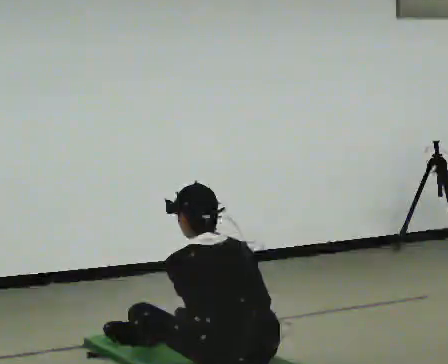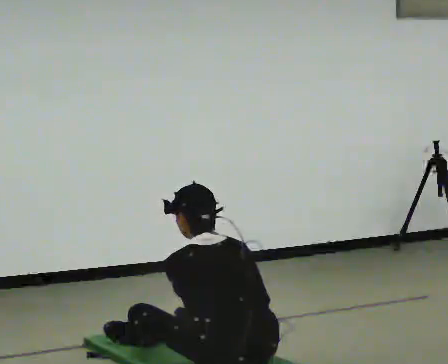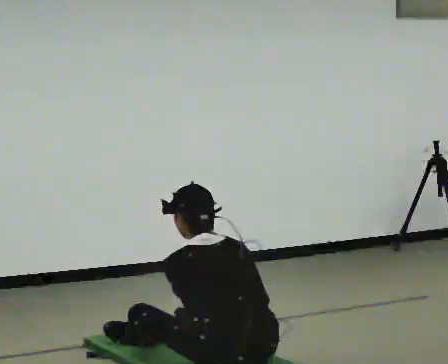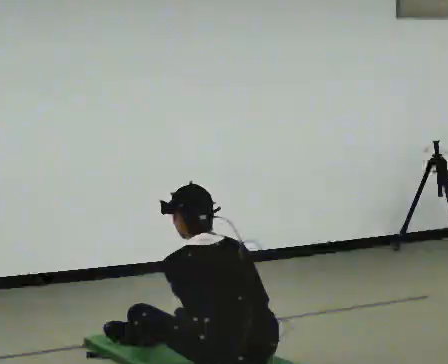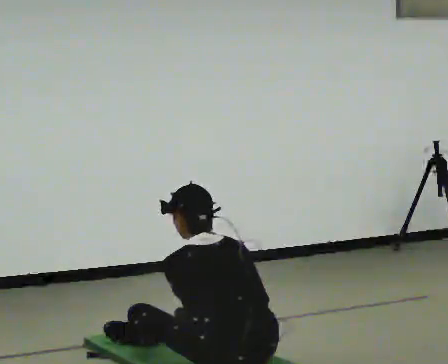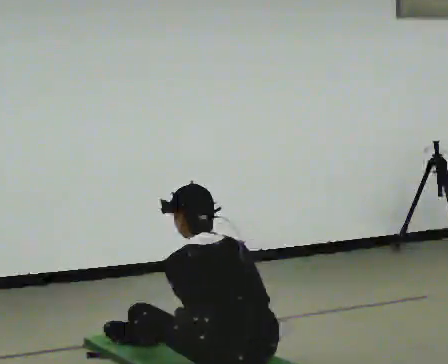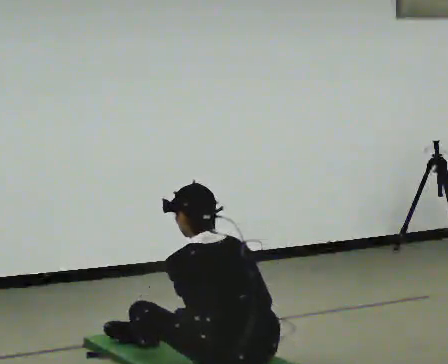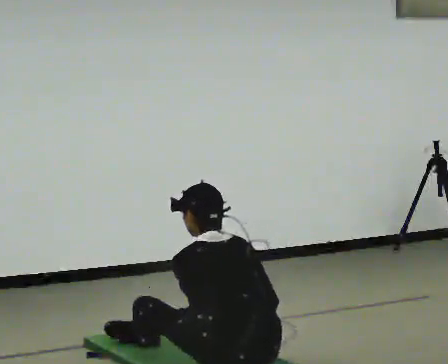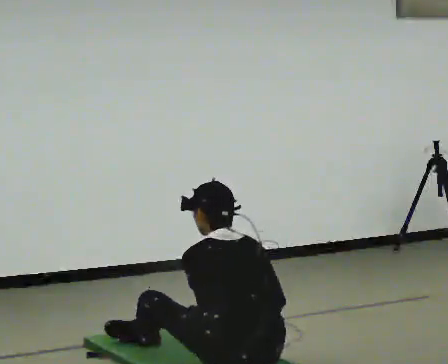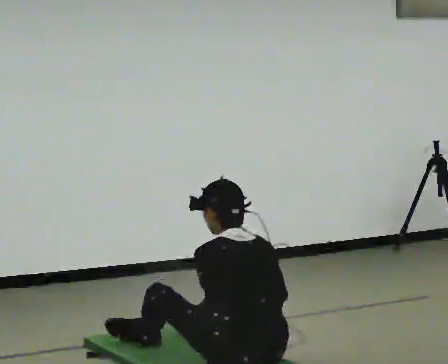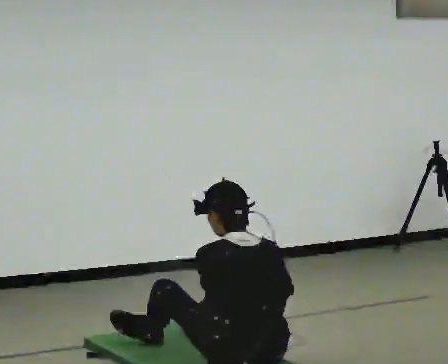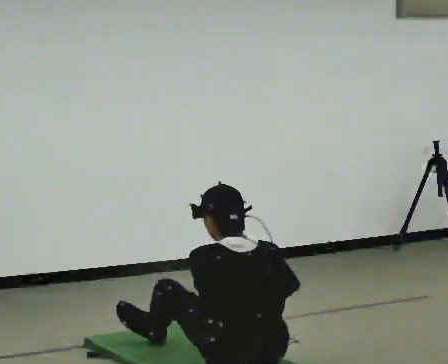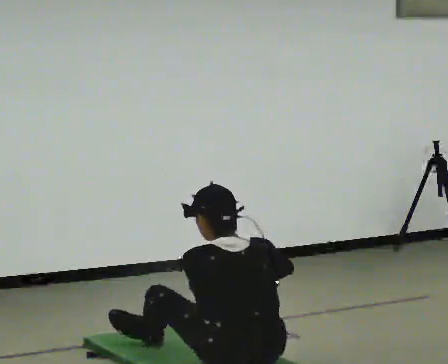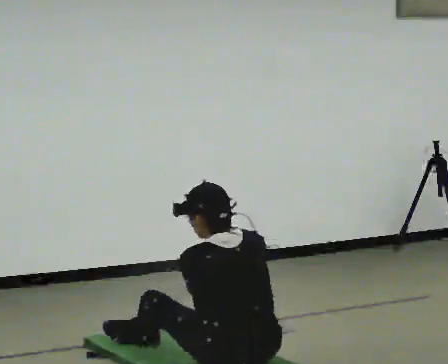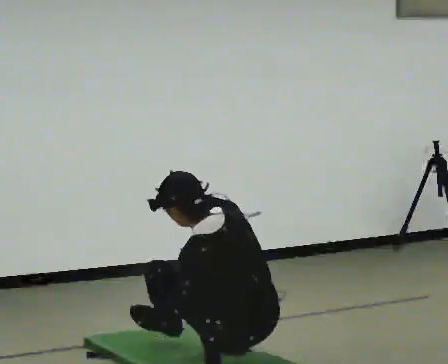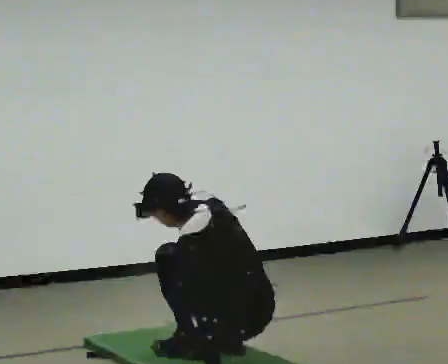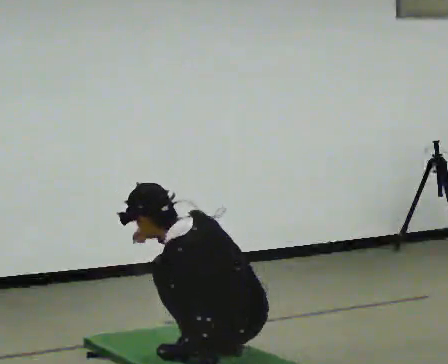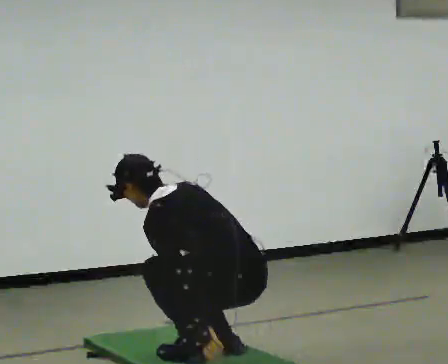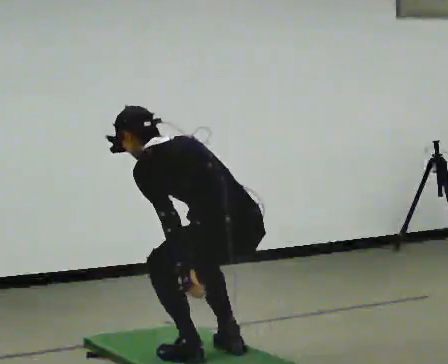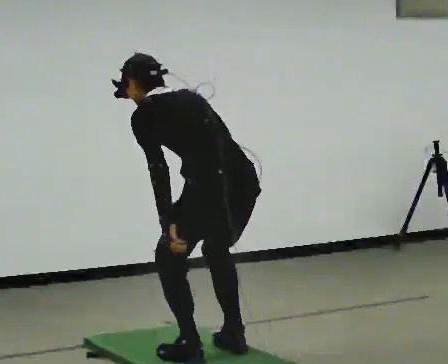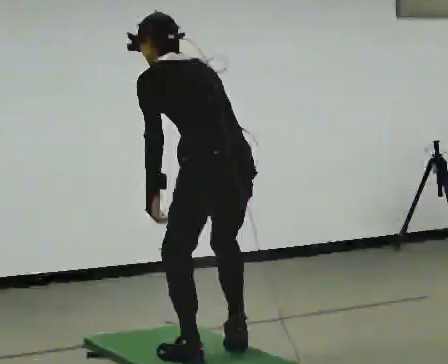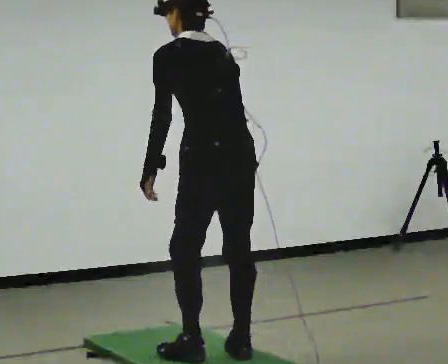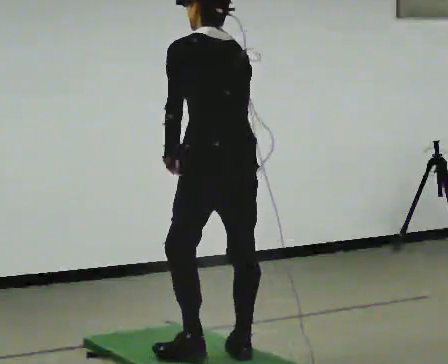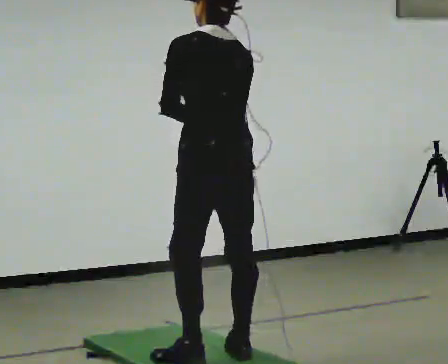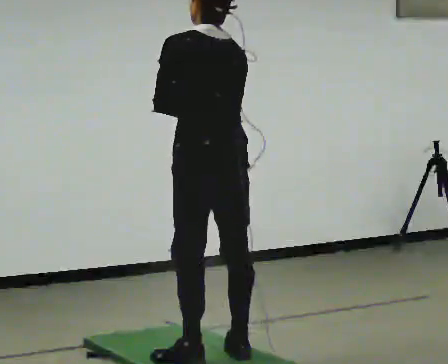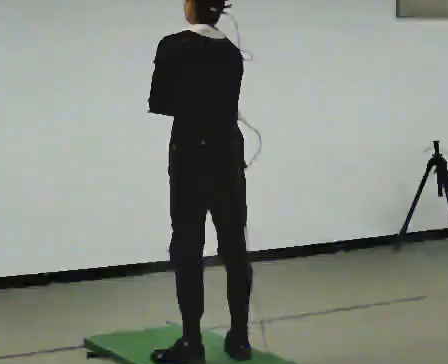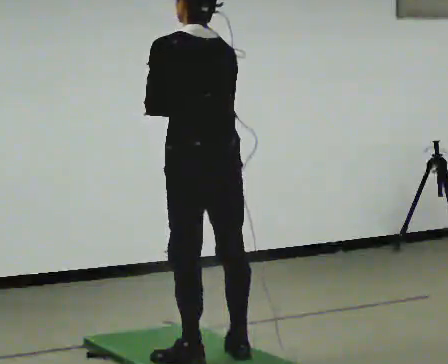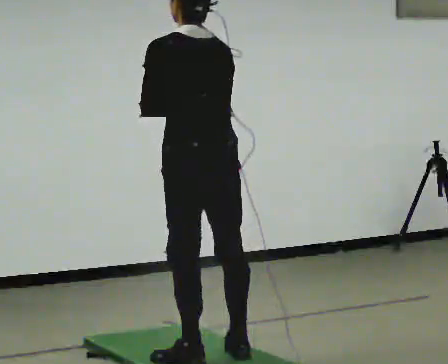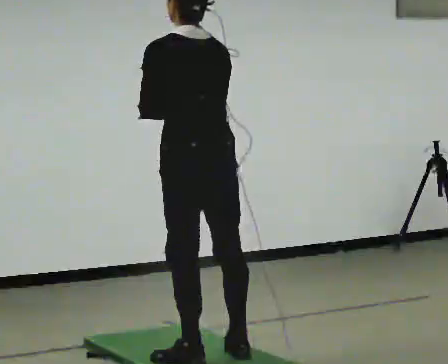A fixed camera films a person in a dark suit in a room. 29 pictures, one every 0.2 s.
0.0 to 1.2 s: The person keeps their place and pose.
1.2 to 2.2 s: The upper body tips toward the camera, its near side rolling downward, as they lean back or straighten.
2.2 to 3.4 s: In the picture the upper body tilts counterclockwise, shoulders to the left, as they bend forward.
3.4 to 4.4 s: The shoulders move upward. In the picture the upper body tilts clockwise, shoulders to the right, as they lean back or straighten. In the picture their right hand goes upward and to the right.
4.4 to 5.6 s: The person moves a little, or ends about where they began.
The film runs backward here.
